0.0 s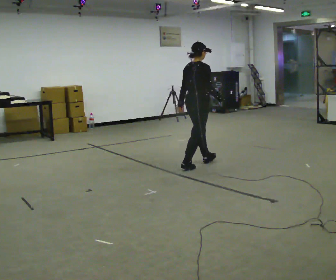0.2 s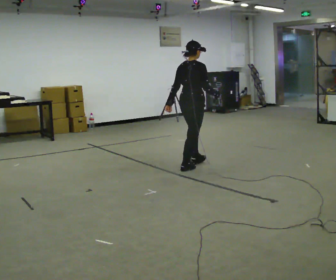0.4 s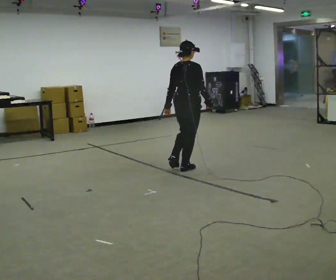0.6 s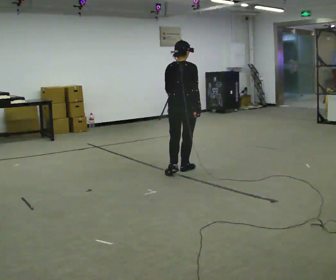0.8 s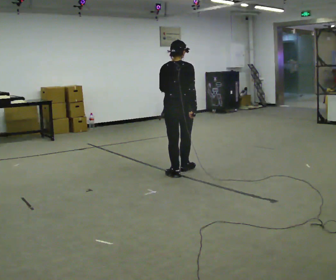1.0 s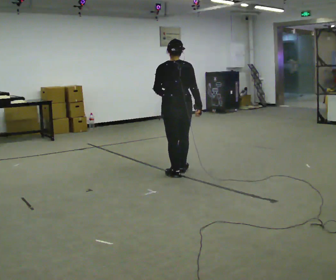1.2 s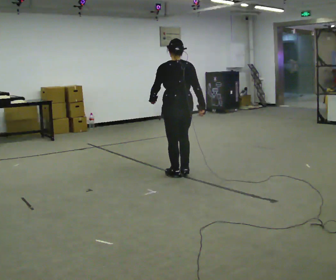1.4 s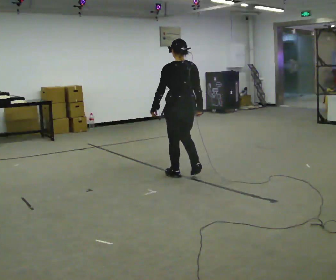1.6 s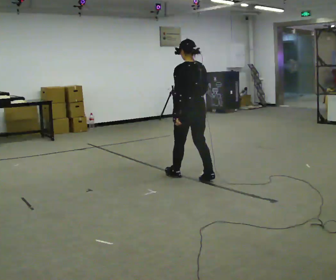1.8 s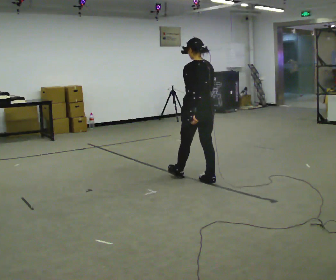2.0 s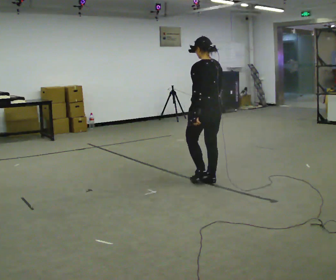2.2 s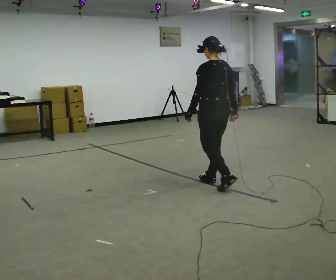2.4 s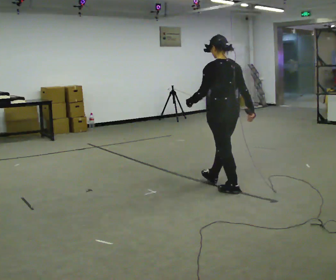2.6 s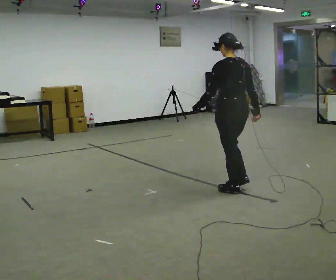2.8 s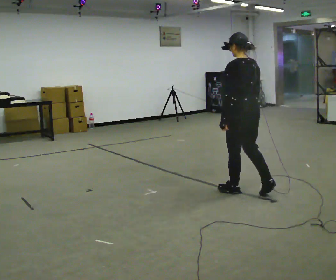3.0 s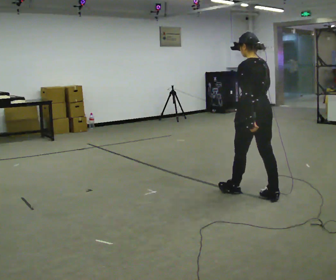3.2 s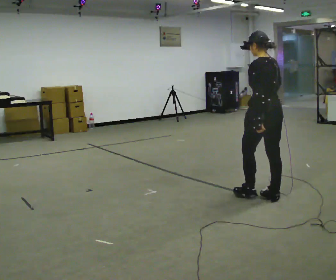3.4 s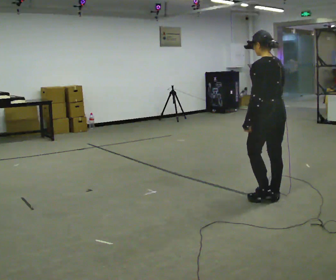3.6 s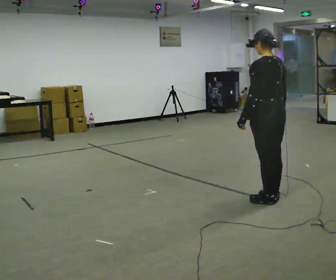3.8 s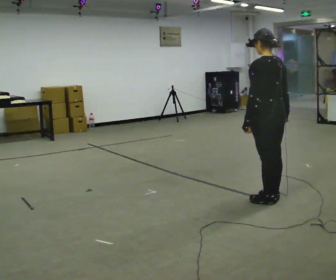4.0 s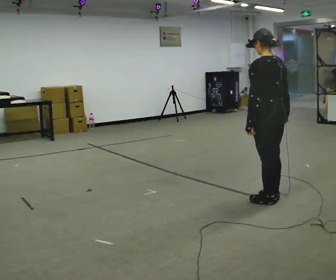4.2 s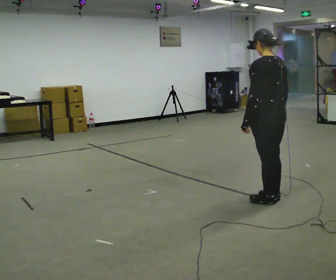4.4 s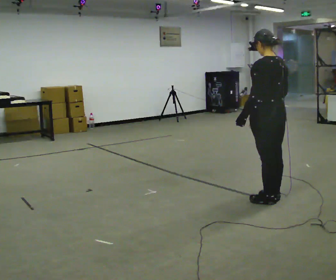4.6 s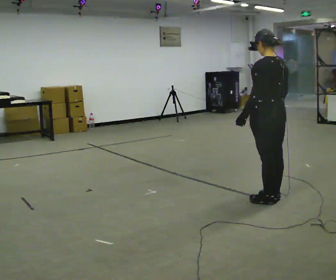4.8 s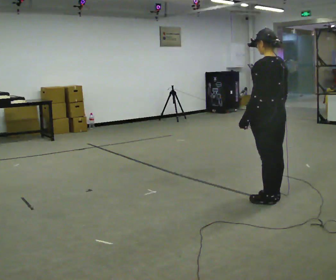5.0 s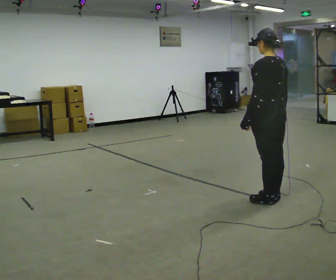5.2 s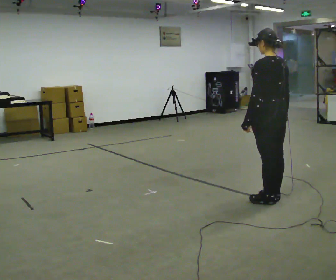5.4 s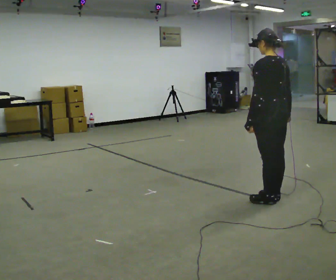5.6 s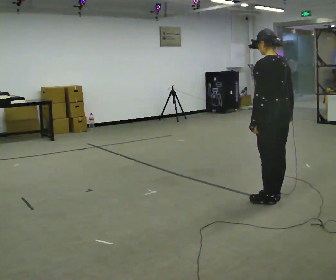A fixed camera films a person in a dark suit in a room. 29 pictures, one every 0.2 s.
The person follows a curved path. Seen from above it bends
counterclockwise.
The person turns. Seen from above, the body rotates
counterclockwise.
0.0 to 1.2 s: Seen from above the body turns counterclockwise, about 75 degrees: to their left, with its near side sliding to the right. In the picture they go toward the camera, about 0.5 m in 2 steps.
1.2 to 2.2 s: In the picture they go to the right and toward the camera, about 0.5 m in 1 step, which for them is backward.
2.2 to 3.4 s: In the picture they go to the right and toward the camera, about 0.75 m in 2 steps, which for them is backward.
3.4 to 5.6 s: The person moves a little, or ends about where they began.
The film runs backward here.
